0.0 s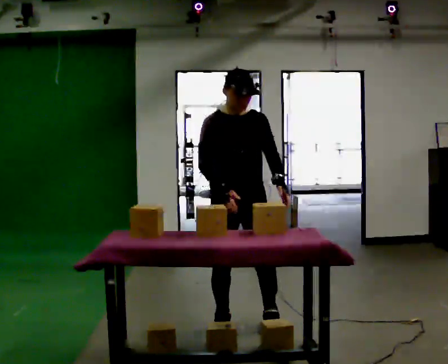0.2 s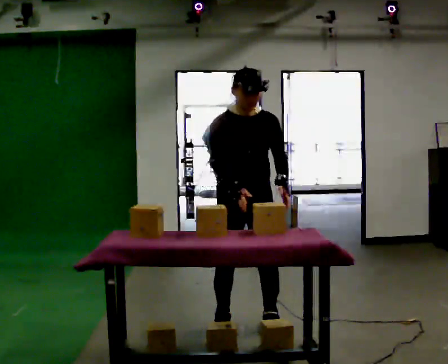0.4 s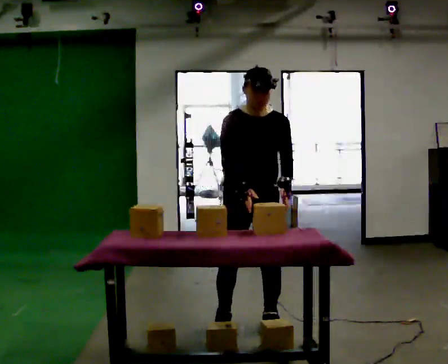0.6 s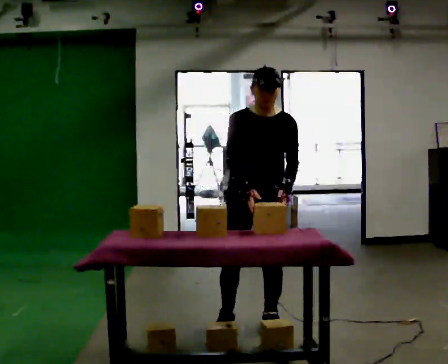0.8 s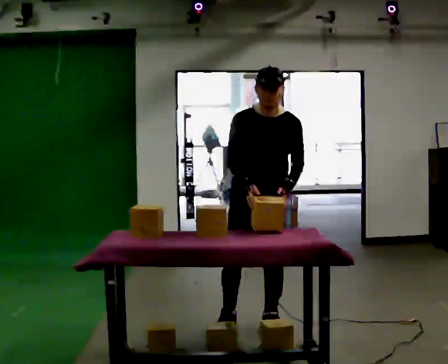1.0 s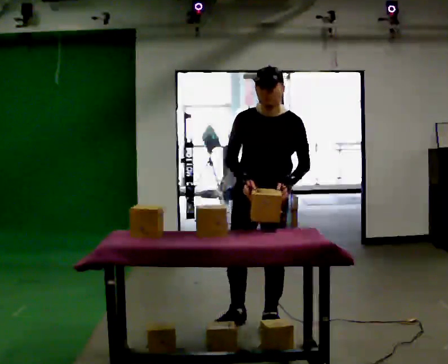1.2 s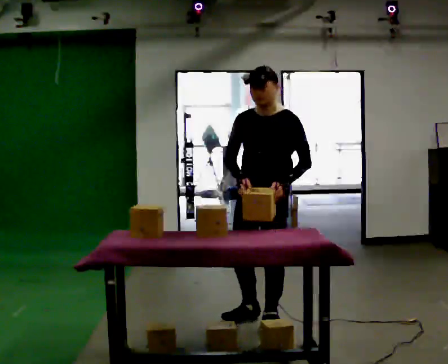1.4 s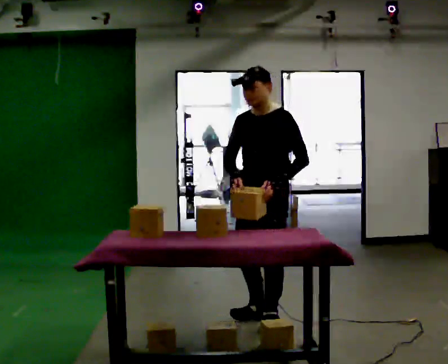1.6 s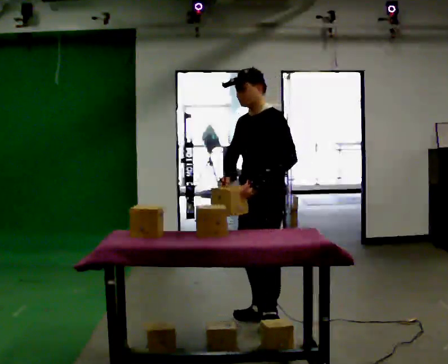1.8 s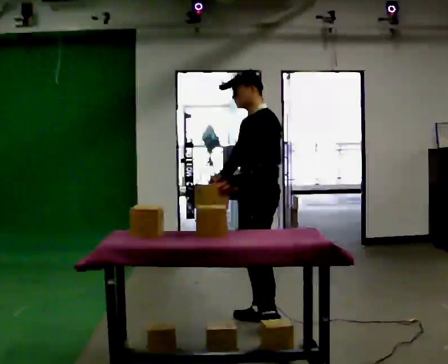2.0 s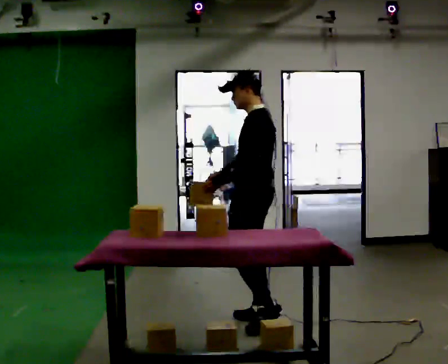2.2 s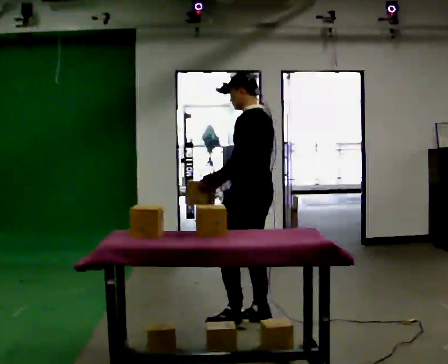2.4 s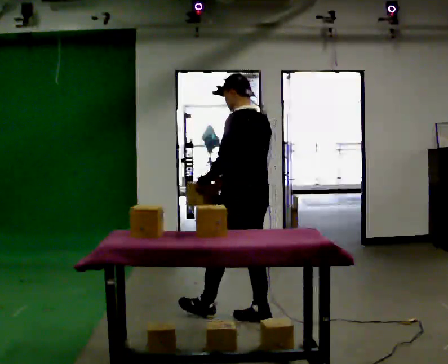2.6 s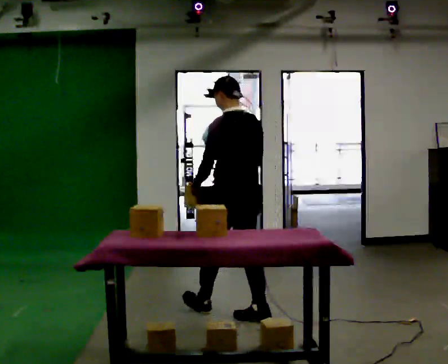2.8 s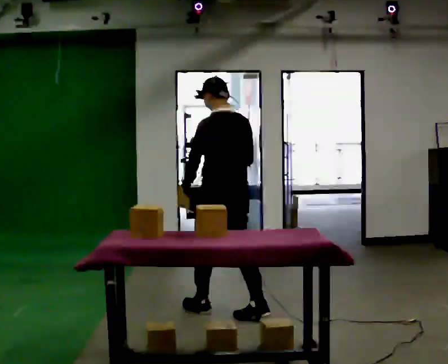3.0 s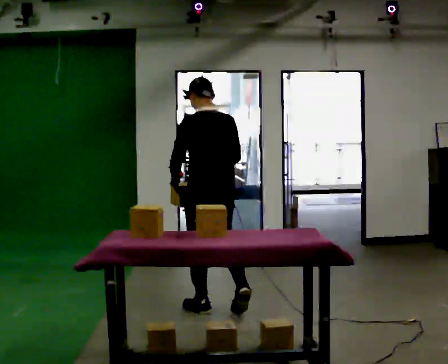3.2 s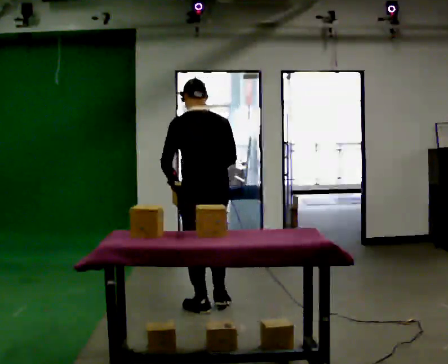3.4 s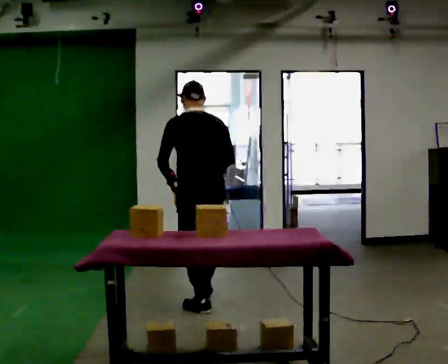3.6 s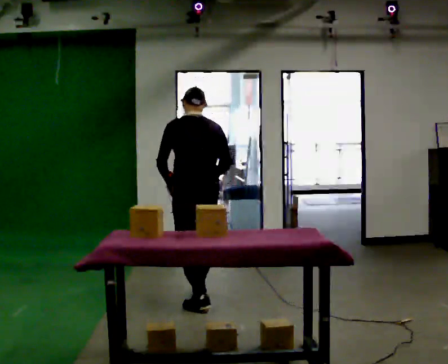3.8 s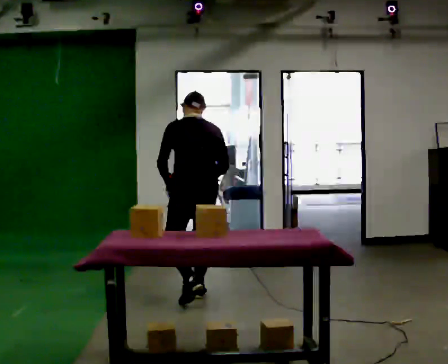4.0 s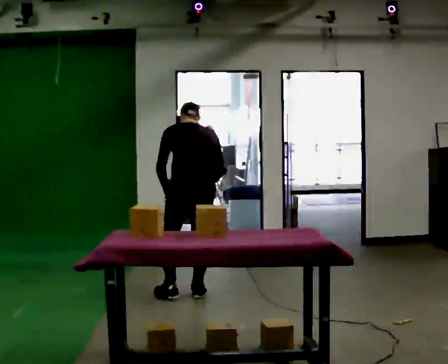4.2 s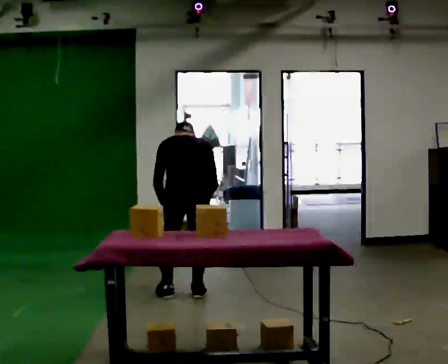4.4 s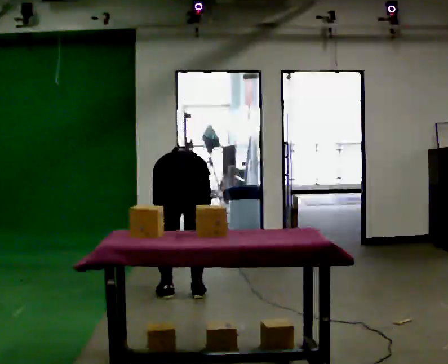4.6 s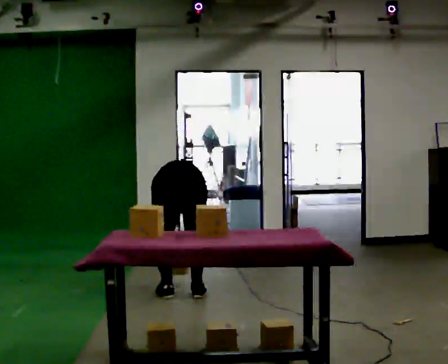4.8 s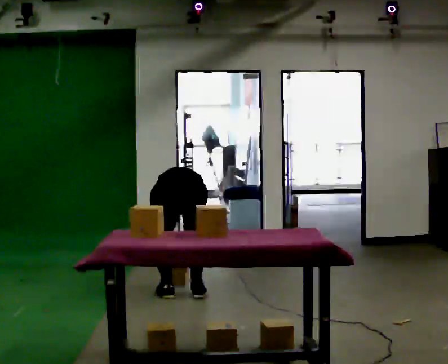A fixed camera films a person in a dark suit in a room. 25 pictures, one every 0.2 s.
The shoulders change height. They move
downward.
Their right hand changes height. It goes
downward.
0.0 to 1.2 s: The person turns about 45 degrees to their right, clockwise seen from above, so the part of the body nearest the lens slides to the left. In the picture they go to the right, about 0.25 m, which for them is to their left.
1.2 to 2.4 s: The part of the body nearest the lens slides to the left as the person turns to their right by about 105 degrees. In the picture they go away from the camera, about 0.25 m in 1 step. In the picture their left hand goes to the left, the arm swinging clockwise.
2.4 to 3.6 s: Seen from above the body turns clockwise, about 30 degrees: to their right, with its near side sliding to the left. In the picture they go away from the camera and to the left, about 0.5 m in 2 steps, which for them is forward.
3.6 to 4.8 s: The shoulders move downward. The upper body tips away from the camera, its near side rolling upward, as they bend forward. In the picture their right hand goes downward.
The film runs forward here.
